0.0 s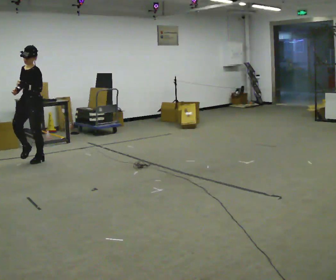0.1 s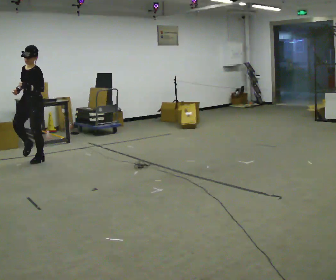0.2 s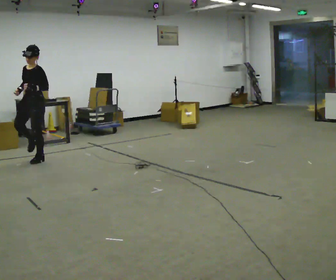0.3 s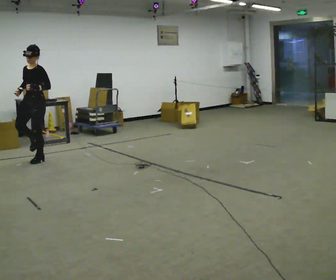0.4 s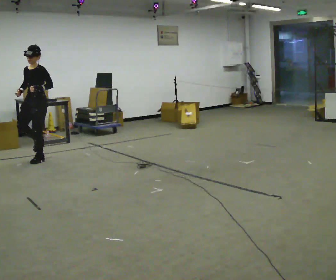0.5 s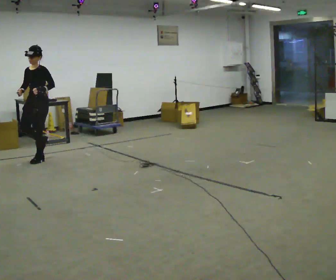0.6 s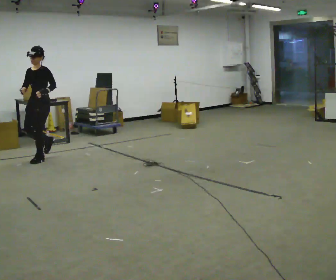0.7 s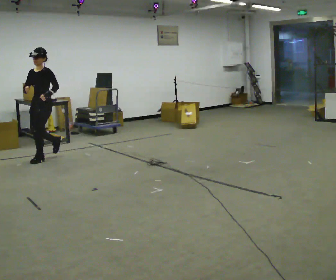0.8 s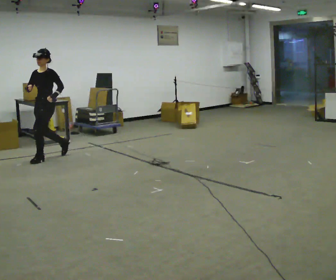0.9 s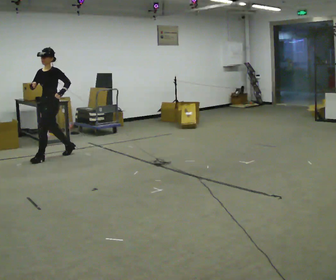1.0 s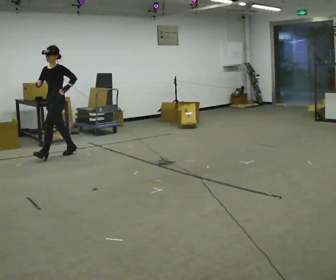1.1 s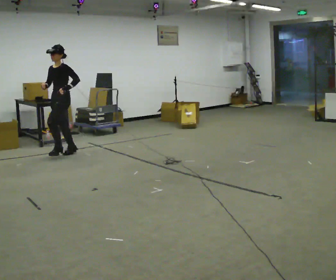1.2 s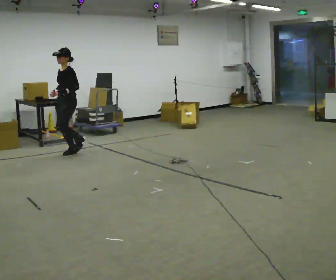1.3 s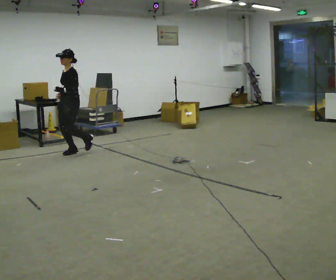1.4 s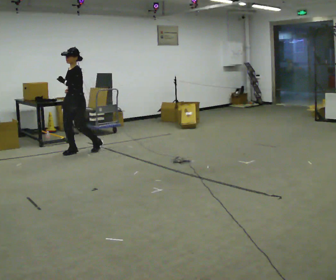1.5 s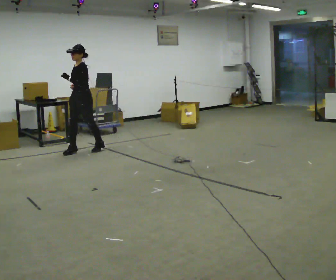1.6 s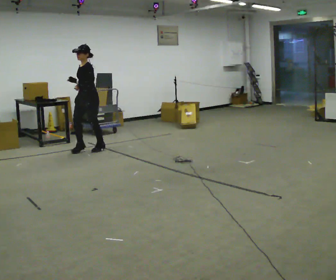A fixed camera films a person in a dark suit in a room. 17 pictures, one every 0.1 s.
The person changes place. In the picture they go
to the right.
0.0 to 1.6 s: In the picture they go to the right and away from the camera, about 1 m in 2 steps, which for them is backward.
The film runs backward here.
